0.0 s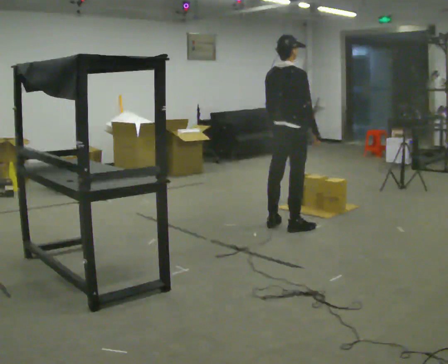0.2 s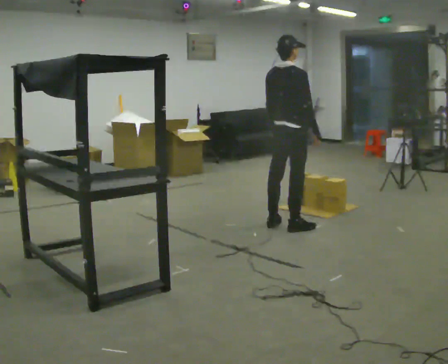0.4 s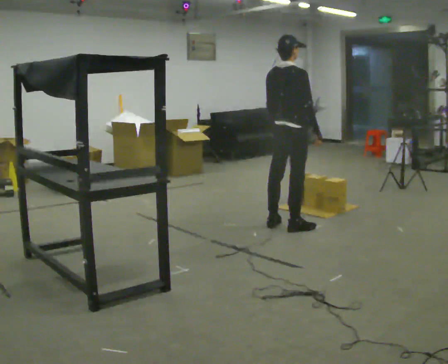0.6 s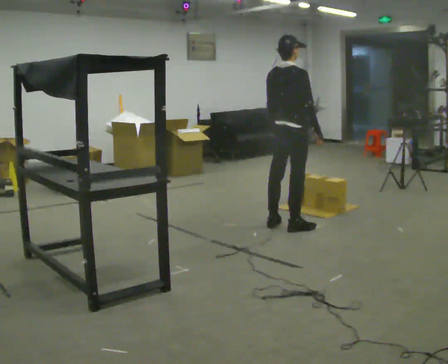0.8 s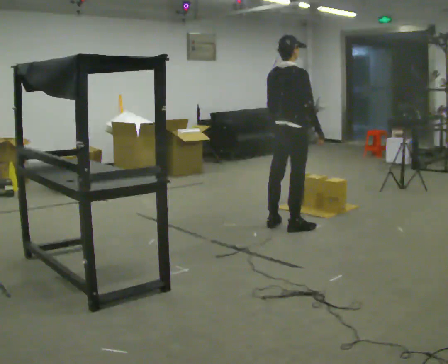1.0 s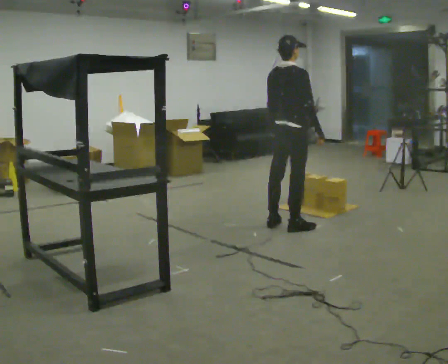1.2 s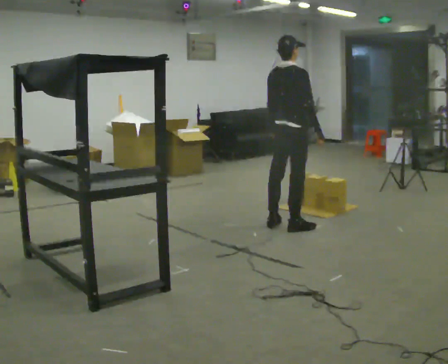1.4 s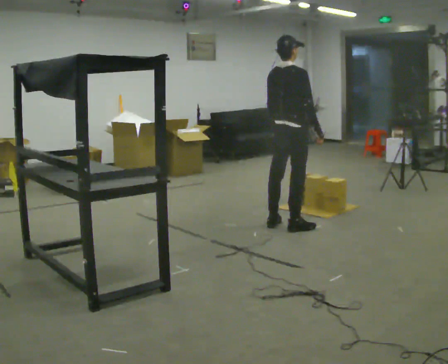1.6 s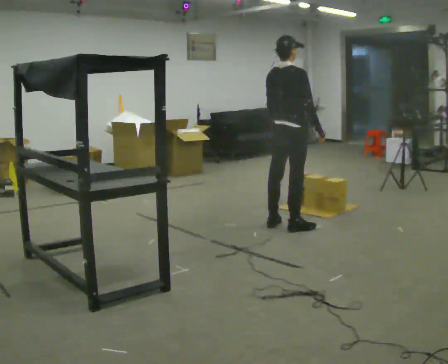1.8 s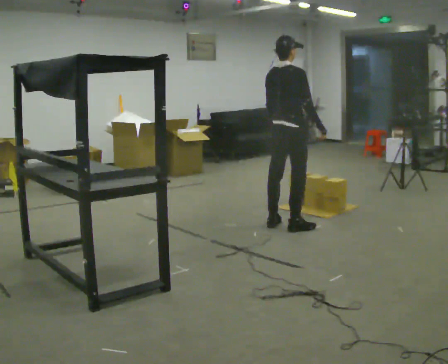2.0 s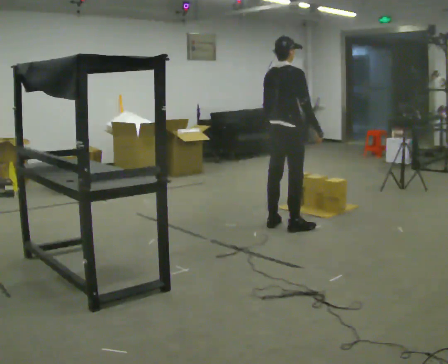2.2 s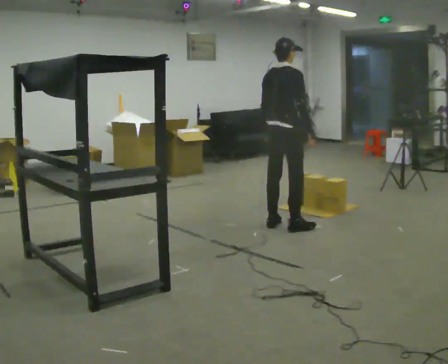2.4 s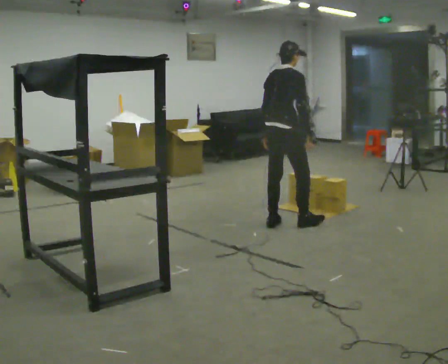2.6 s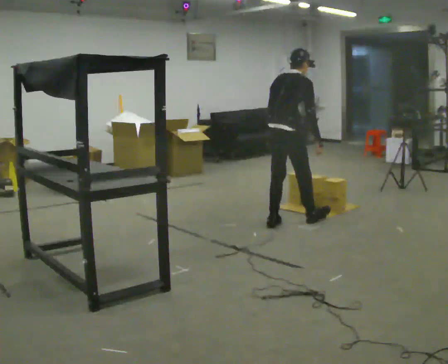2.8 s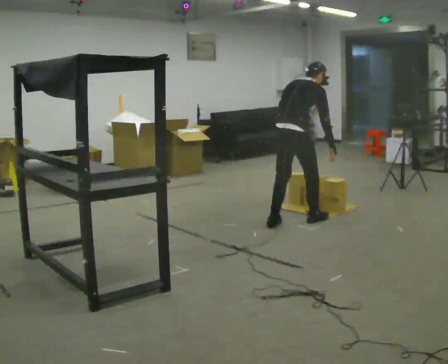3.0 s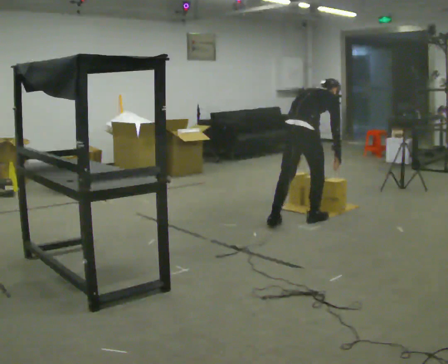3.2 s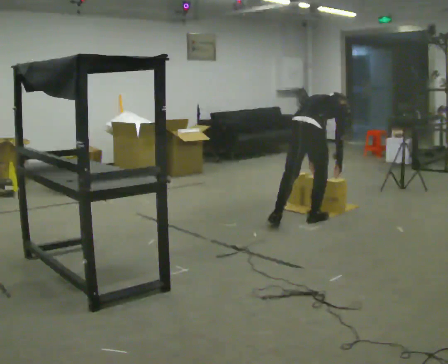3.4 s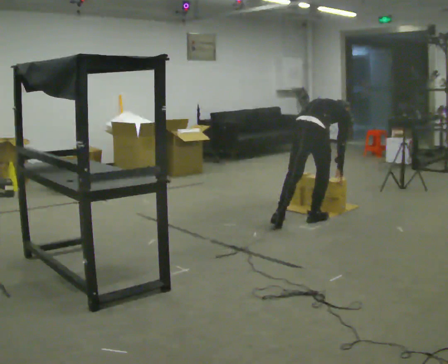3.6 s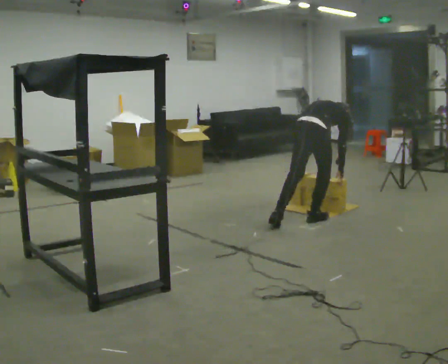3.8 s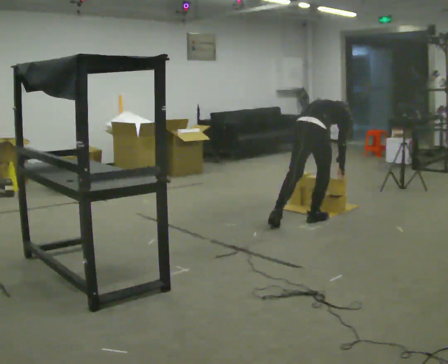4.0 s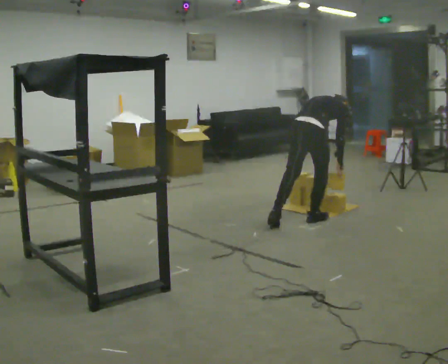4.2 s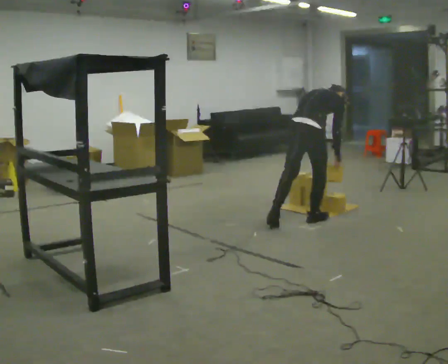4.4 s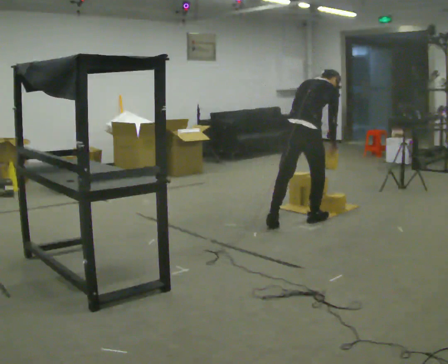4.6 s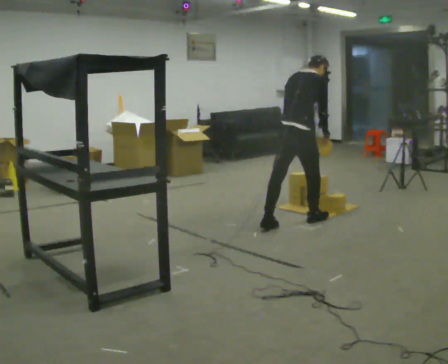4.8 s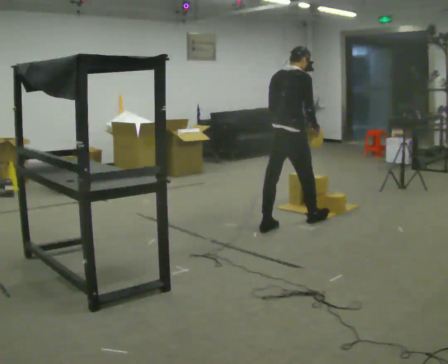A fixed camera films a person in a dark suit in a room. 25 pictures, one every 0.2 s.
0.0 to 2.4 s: The person moves a little, or ends about where they began.
2.4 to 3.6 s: In the picture they go to the right, about 0.25 m, which for them is to their right and forward. The shoulders move downward. The upper body tips away from the camera, its near side rolling upward, as they bend forward. In the picture their right hand goes downward.
3.6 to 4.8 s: In the picture they go to the left, about 0.25 m, which for them is to their left and backward. The shoulders move upward. The upper body tips toward the camera, its near side rolling downward, as they lean back or straighten. In the picture their left hand goes upward and to the left.
The film runs backward here.
